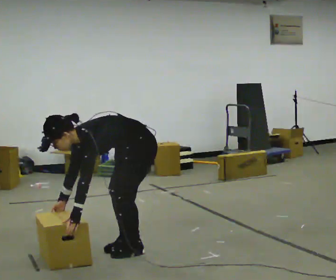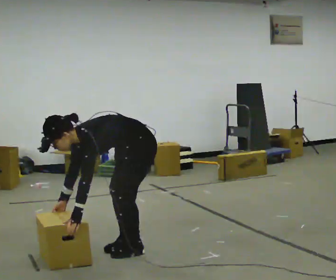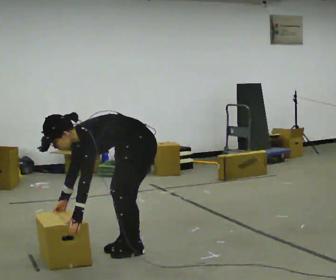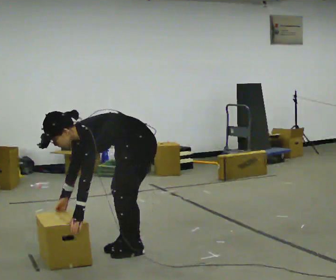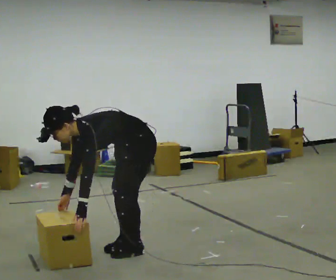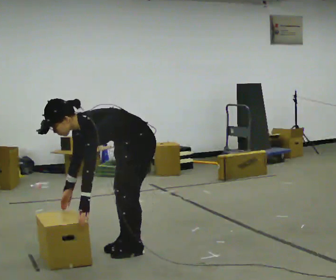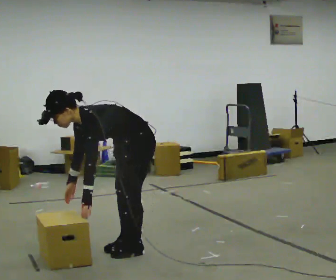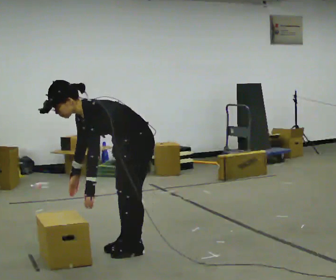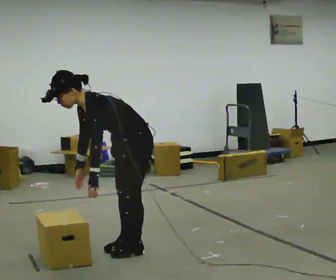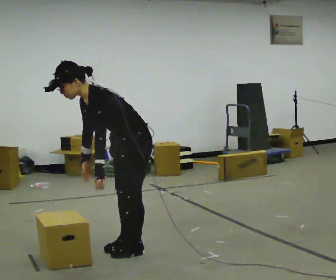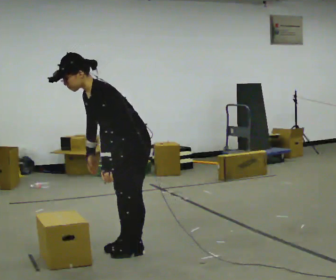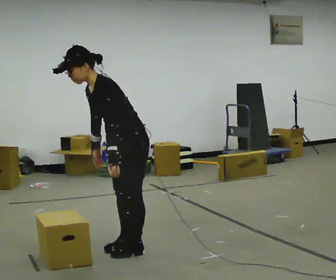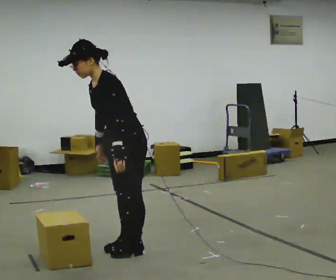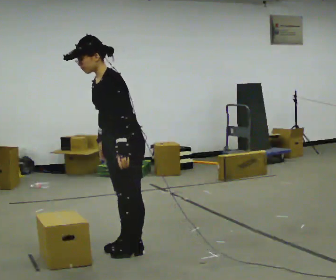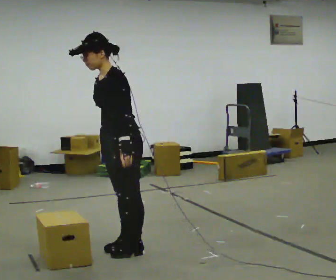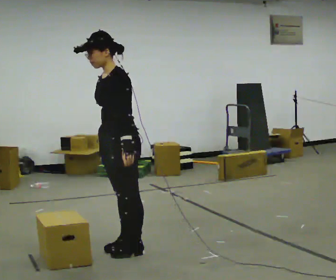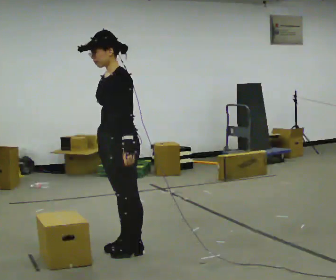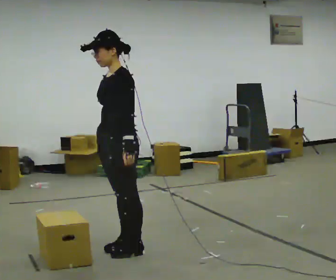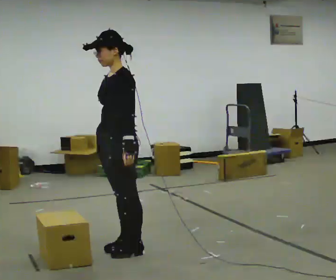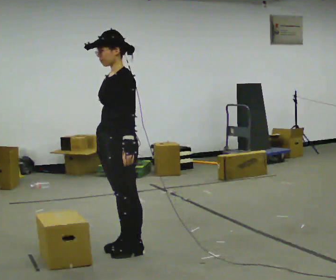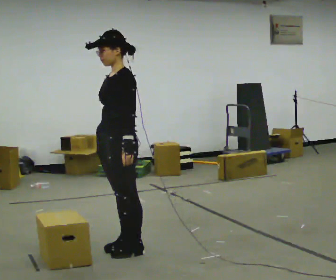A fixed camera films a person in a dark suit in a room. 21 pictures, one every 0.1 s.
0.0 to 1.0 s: The upper body goes upward. In the picture the upper body tilts clockwise, shoulders to the right, as they lean back or straighten. In the picture their right hand goes upward.
1.0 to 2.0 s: In the picture the upper body tilts clockwise, shoulders to the right, as they lean back or straighten.
The film runs backward here.
